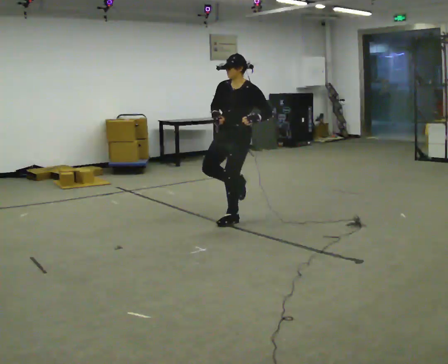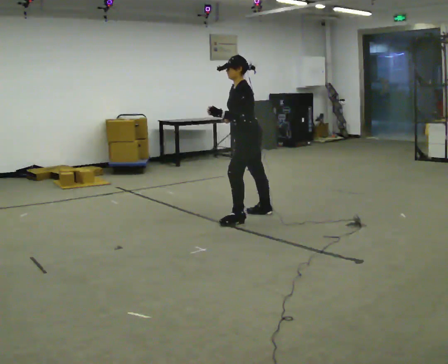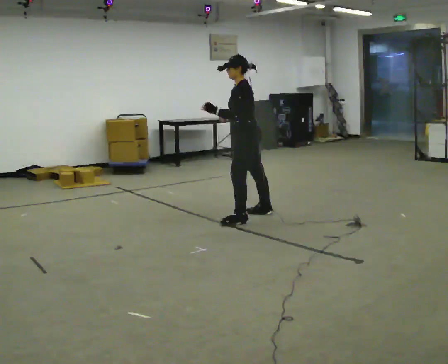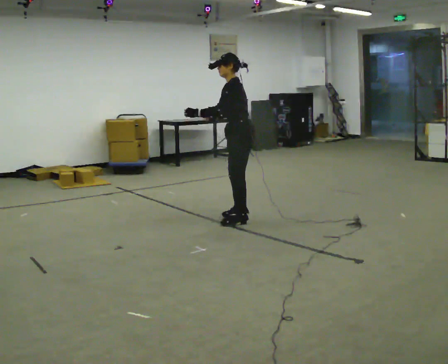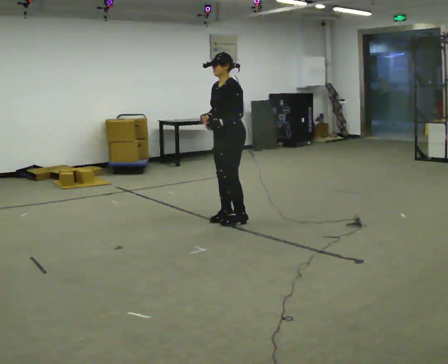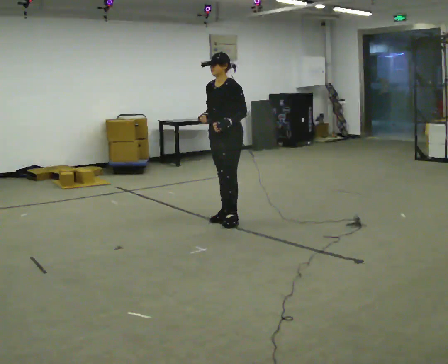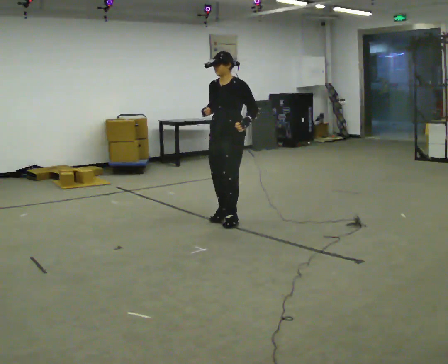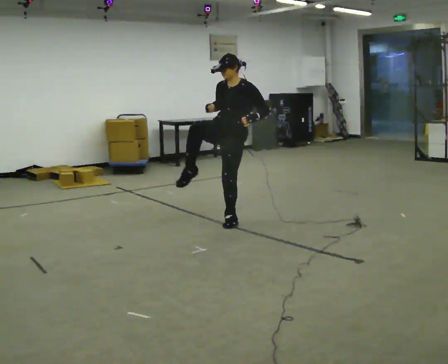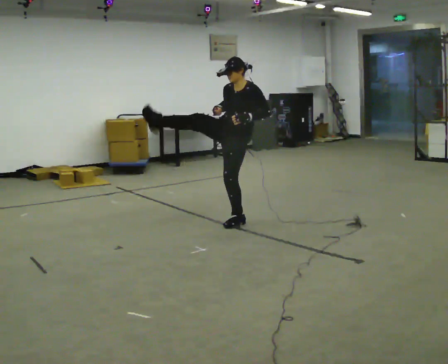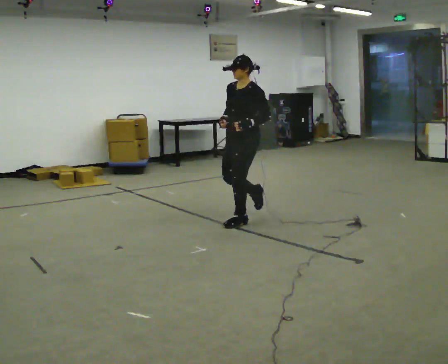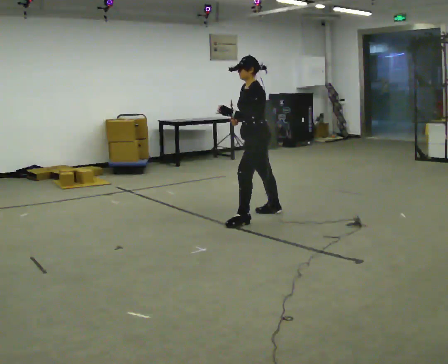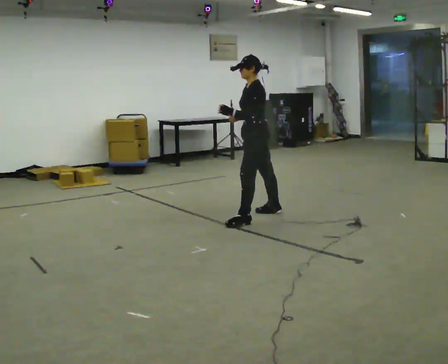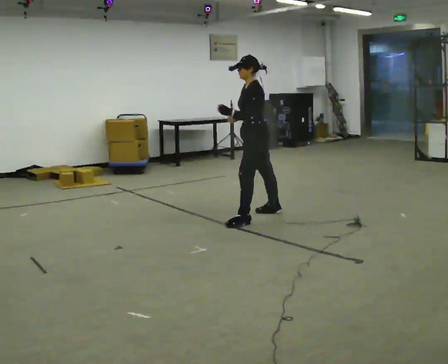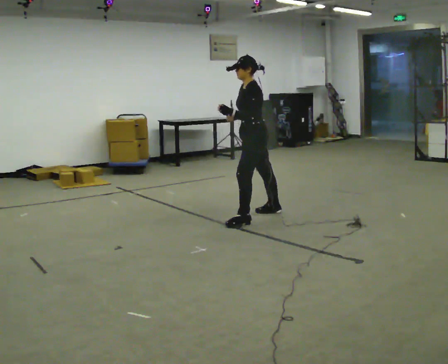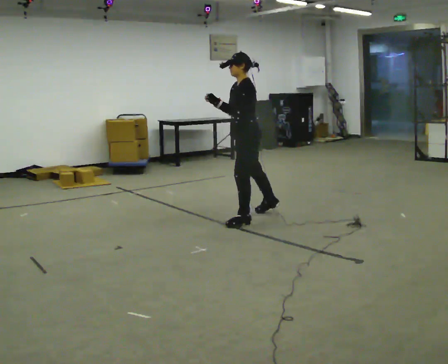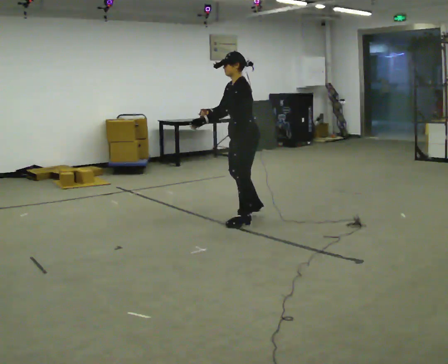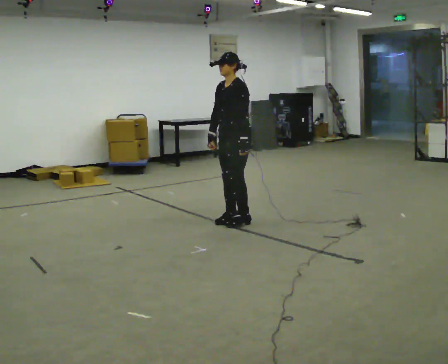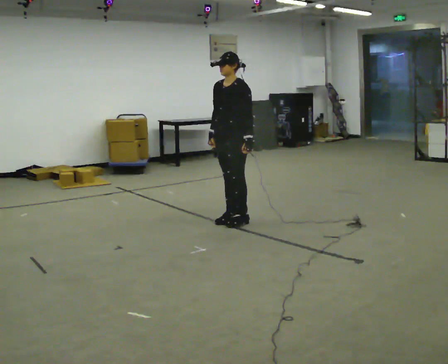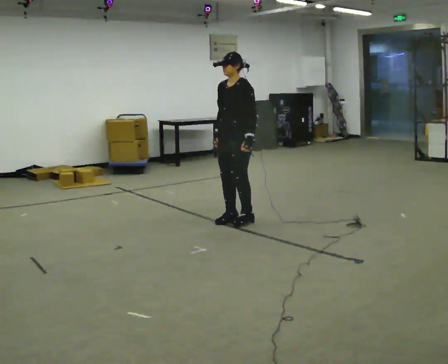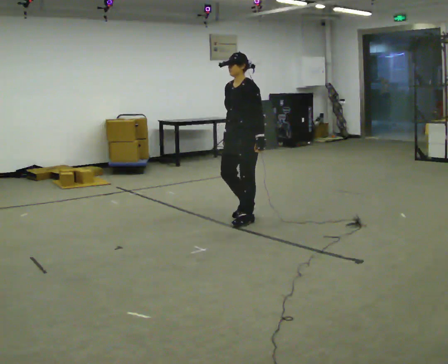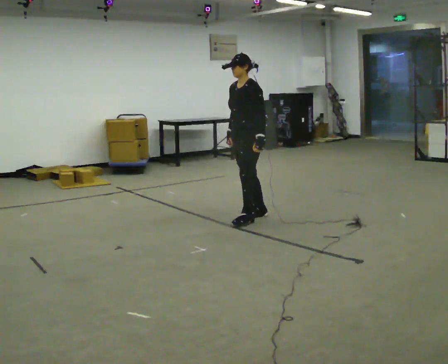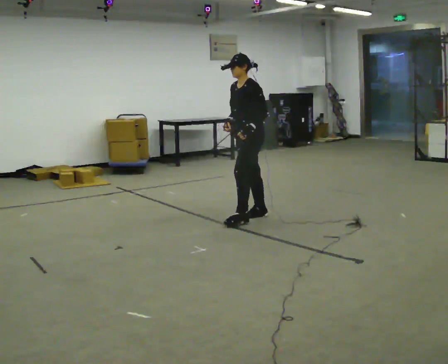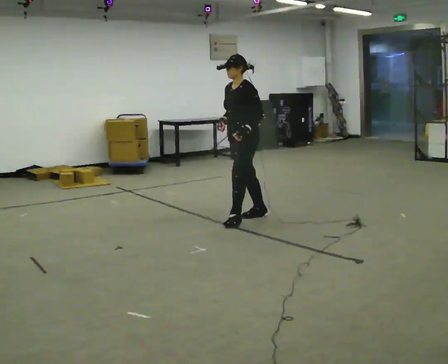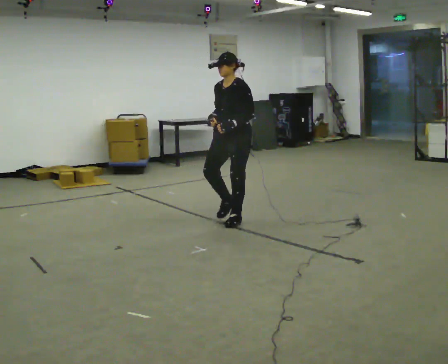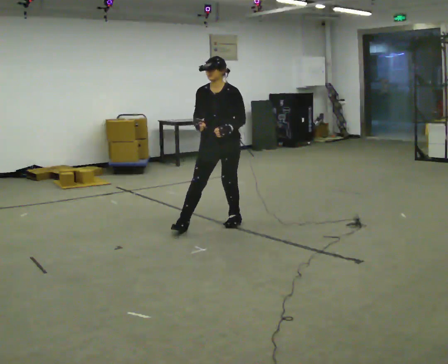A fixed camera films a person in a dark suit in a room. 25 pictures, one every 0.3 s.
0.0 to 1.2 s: The part of the body nearest the lens slides to the left as the person turns to their right by about 30 degrees. In the picture their left hand goes to the left.
1.2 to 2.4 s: The part of the body nearest the lens slides to the right as the person turns to their left by about 30 degrees.
2.4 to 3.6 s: The person turns about 45 degrees to their right, clockwise seen from above, so the part of the body nearest the lens slides to the left. In the picture they go to the right, about 0.25 m, which for them is backward. In the picture the upper body tilts counterclockwise, shoulders to the left.
3.6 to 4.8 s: The part of the body nearest the lens slides to the right as the person turns to their left by about 30 degrees. In the picture they go toward the camera and to the left, about 0.25 m in 1 step, which for them is forward and to their left.
4.8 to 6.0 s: The person moves a little, or ends about where they began.
6.0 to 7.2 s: The part of the body nearest the lens slides to the right as the person turns to their left by about 45 degrees. In the picture they go to the left and toward the camera, about 0.25 m in 1 step, which for them is forward.
The film runs backward here.
